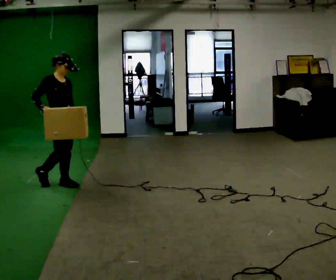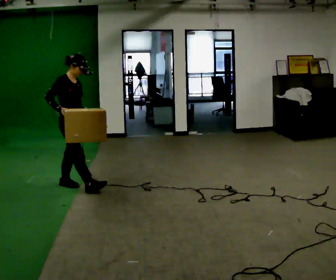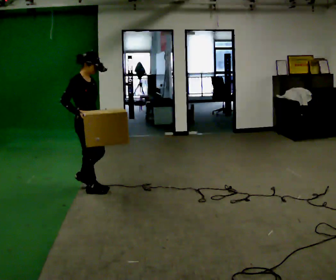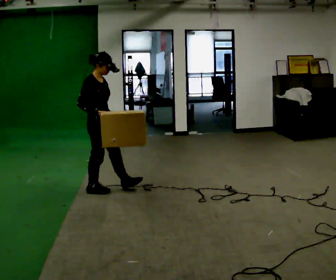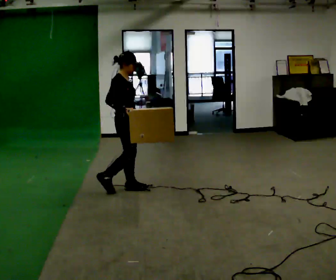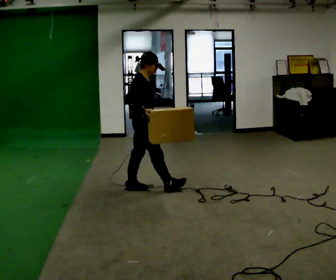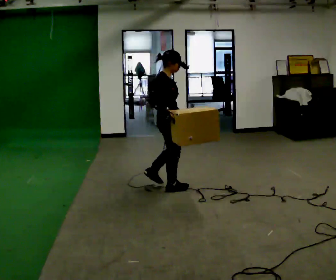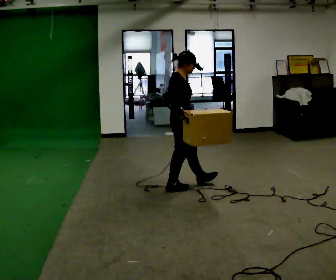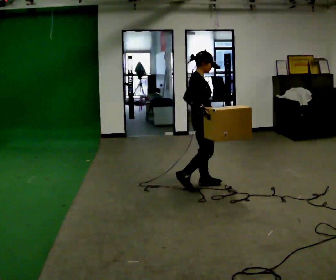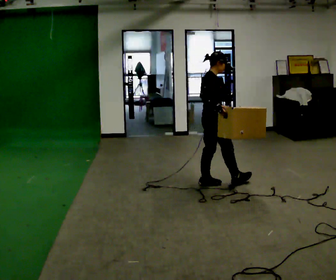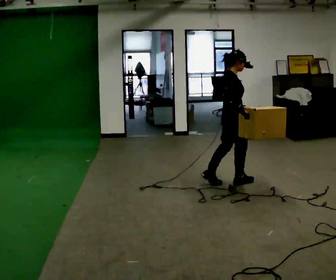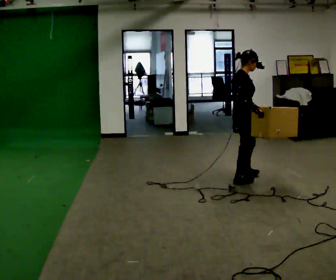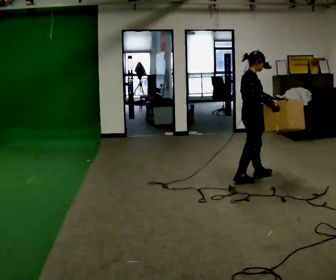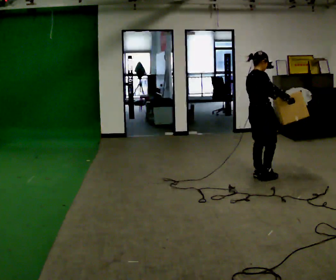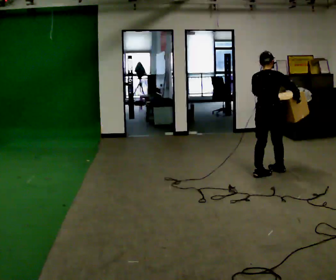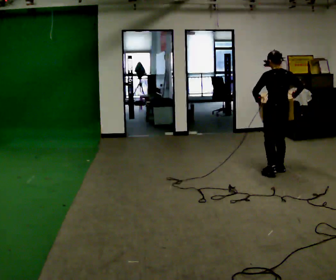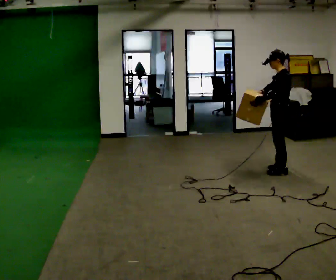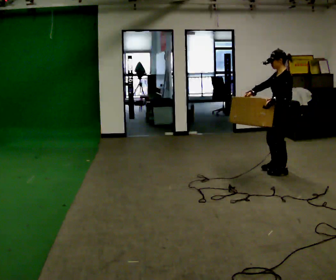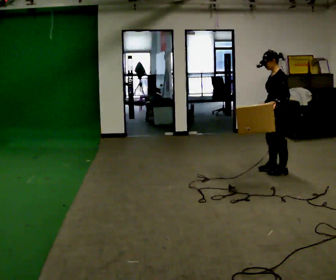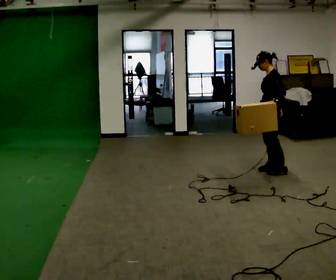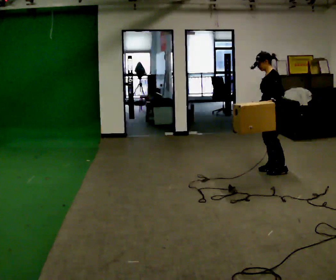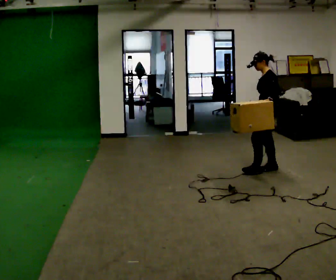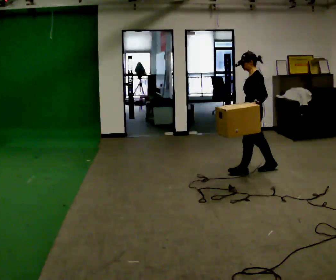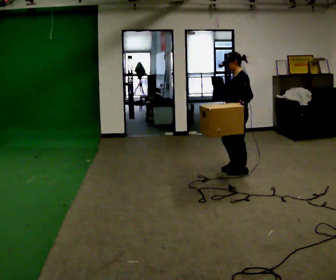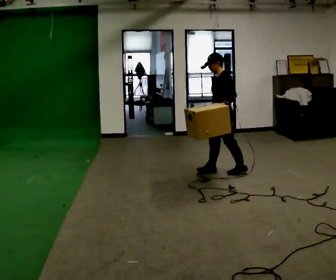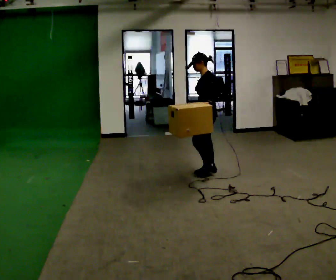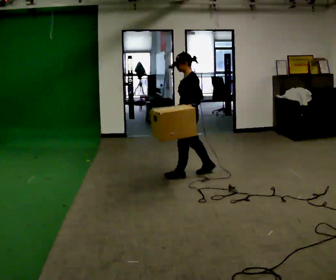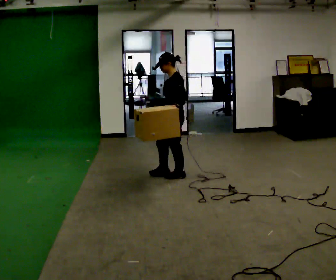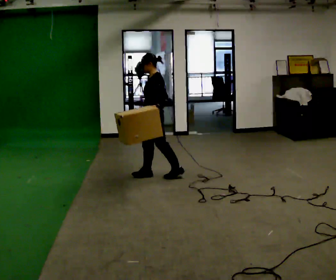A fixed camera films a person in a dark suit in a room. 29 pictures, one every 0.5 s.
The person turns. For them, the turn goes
to their left.
The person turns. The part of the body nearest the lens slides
to the right.
0.0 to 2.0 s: In the picture they go to the right, about 0.5 m in 2 steps, which for them is forward.
2.0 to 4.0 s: In the picture they go to the right, about 1 m in 2 steps, which for them is forward.
4.0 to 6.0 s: In the picture they go to the right and away from the camera, about 0.5 m in 2 steps, which for them is forward.
6.0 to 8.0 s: The person turns about 150 degrees to their left, counterclockwise seen from above, so the part of the body nearest the lens slides to the right. In the picture they go to the right and away from the camera, about 0.5 m in 2 steps.
8.0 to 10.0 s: The person moves a little, or ends about where they began.
10.0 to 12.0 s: In the picture they go to the left, about 0.5 m in 2 steps, which for them is forward.
12.0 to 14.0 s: In the picture they go to the left, about 1 m in 2 steps, which for them is forward.
The film runs forward here.
